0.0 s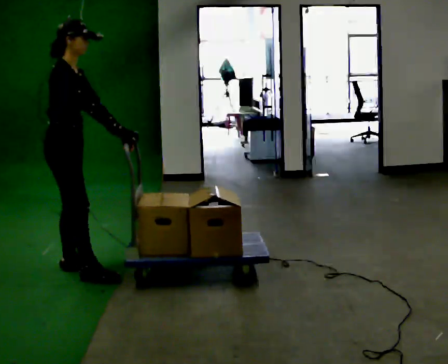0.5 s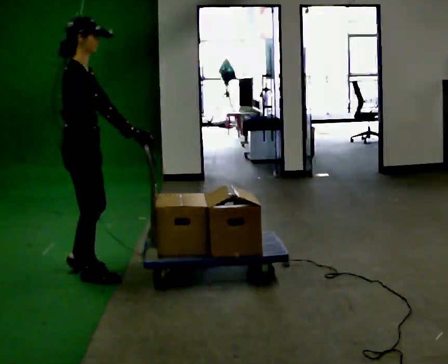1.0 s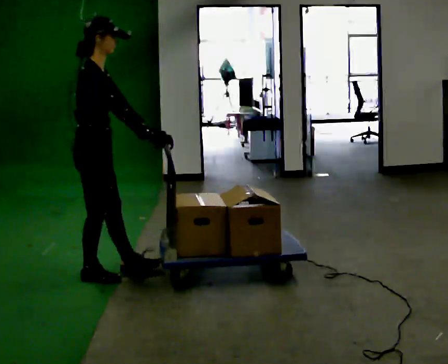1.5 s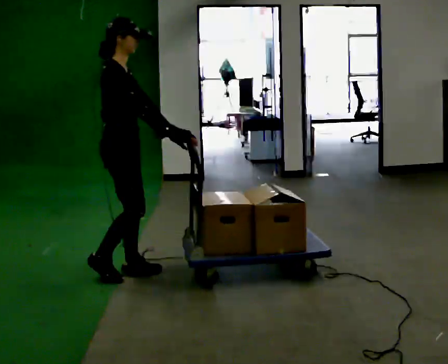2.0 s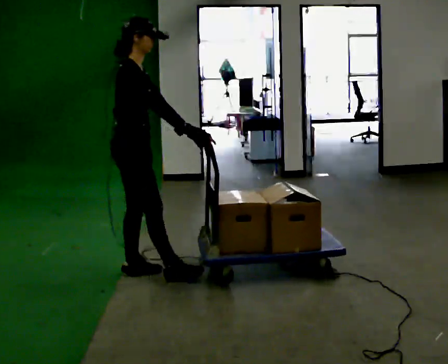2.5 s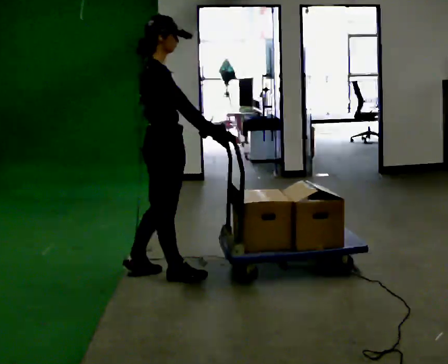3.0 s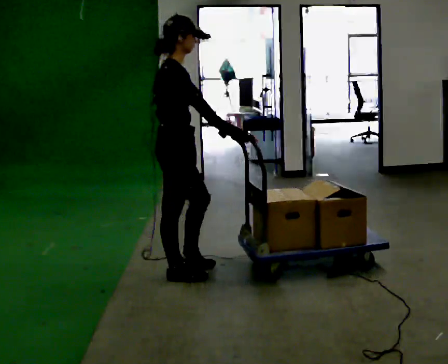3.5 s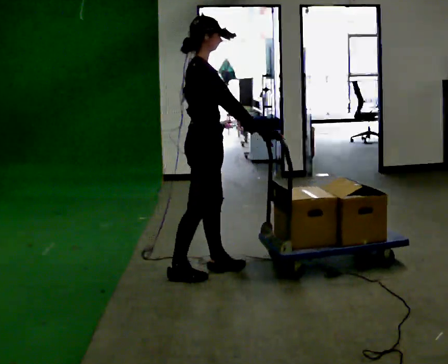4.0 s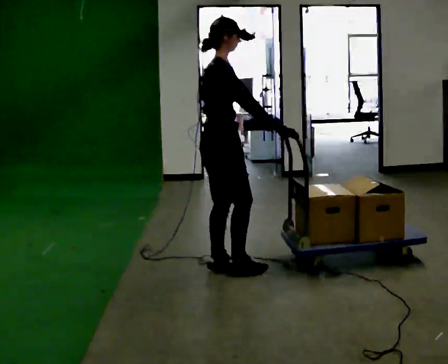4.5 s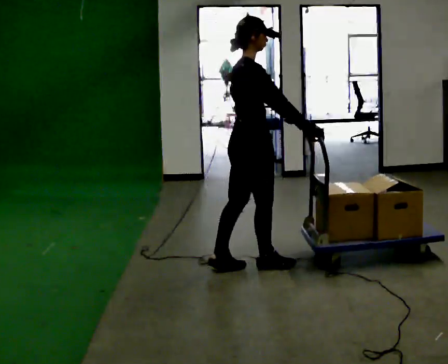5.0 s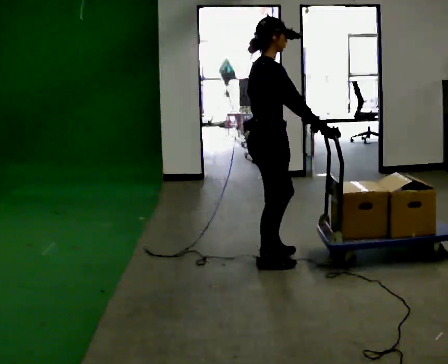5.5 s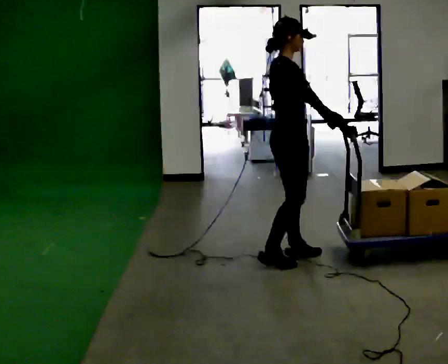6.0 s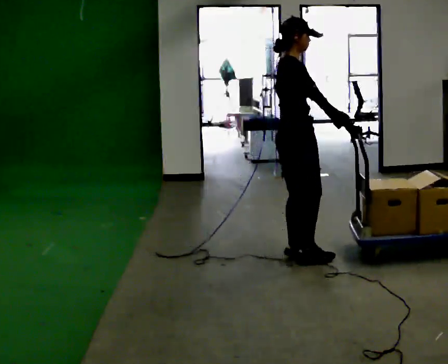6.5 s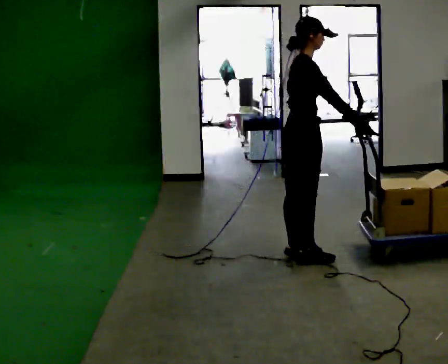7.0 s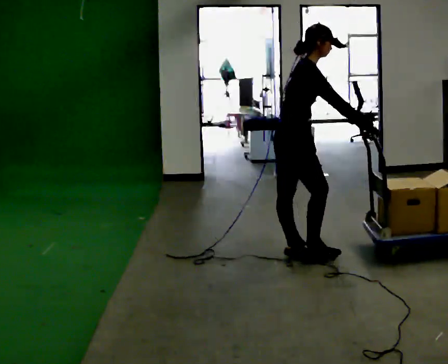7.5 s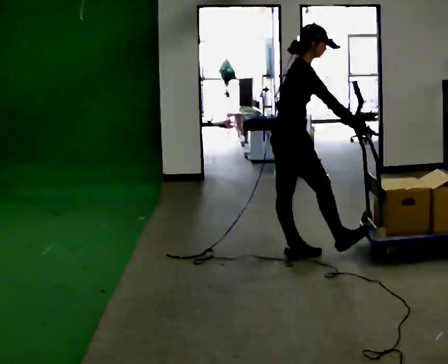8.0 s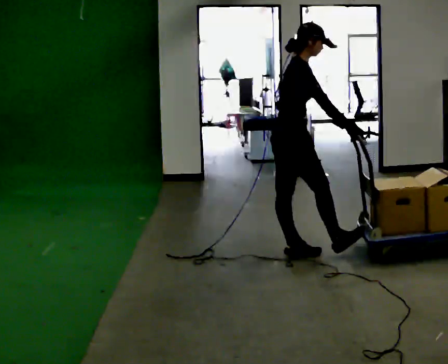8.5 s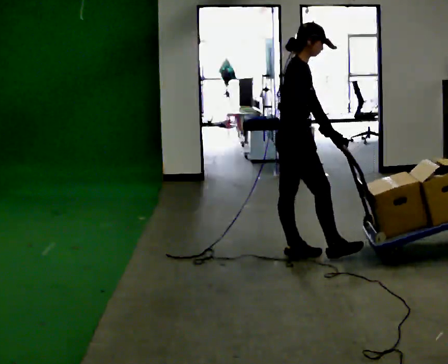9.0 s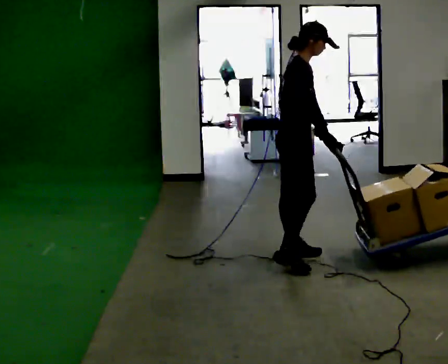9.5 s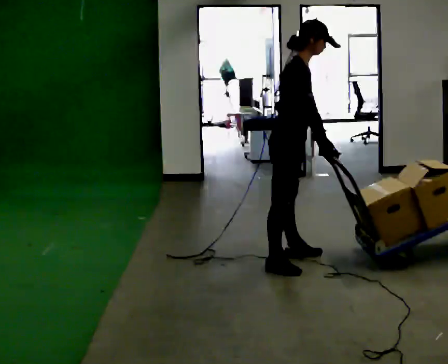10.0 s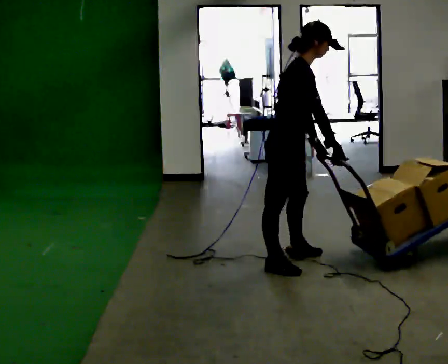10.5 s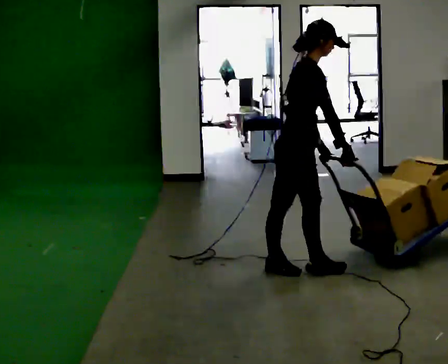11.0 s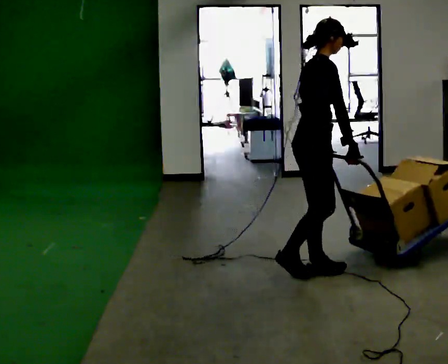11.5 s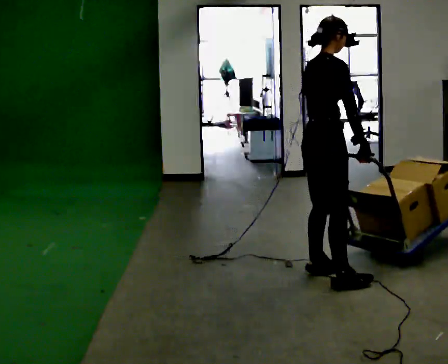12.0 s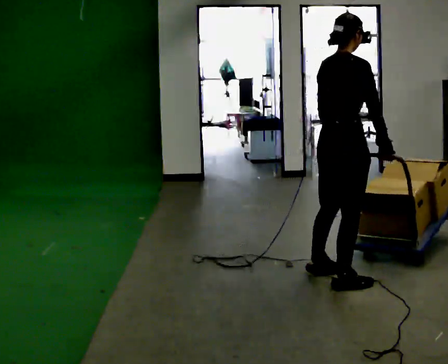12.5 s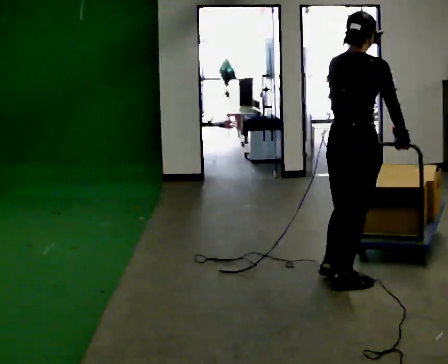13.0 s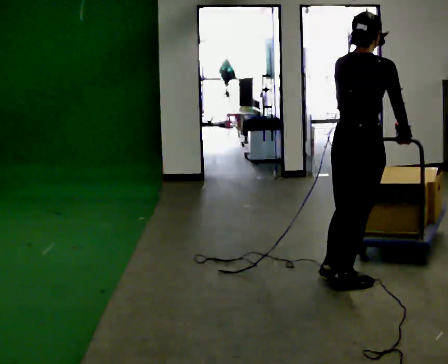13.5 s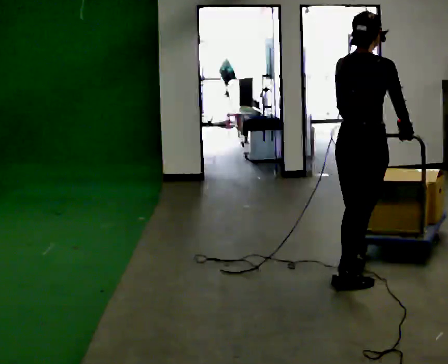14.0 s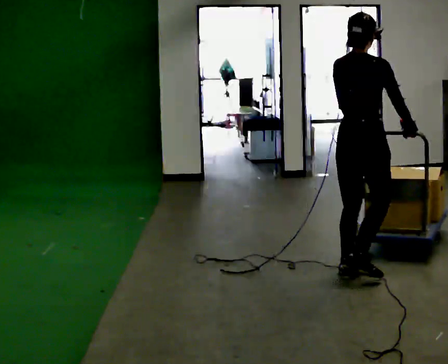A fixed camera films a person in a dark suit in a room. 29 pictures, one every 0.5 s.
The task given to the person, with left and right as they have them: Push the cart across the room and back. The operator will change how much is loaded on it between takes and will tell you each time.
0.0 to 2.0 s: In the picture they go to the right, about 0.5 m in 2 steps, which for them is forward.
2.0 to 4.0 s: In the picture they go to the right, about 0.5 m in 1 step, which for them is forward.
4.0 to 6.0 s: In the picture they go to the right and away from the camera, about 0.5 m in 3 steps, which for them is forward.
6.0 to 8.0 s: The person moves a little, or ends about where they began.
8.0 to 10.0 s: In the picture they go toward the camera, about 0.25 m in 1 step, which for them is to their right.
10.0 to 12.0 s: Seen from above the body turns counterclockwise, about 45 degrees: to their left, with its near side sliding to the right. In the picture they go to the right and toward the camera, about 0.5 m in 2 steps, which for them is forward and to their right. In the picture the upper body tilts counterclockwise, shoulders to the left, as they lean back or straighten.
12.0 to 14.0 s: In the picture they go away from the camera, about 0.25 m, which for them is forward.
The film runs forward here.
